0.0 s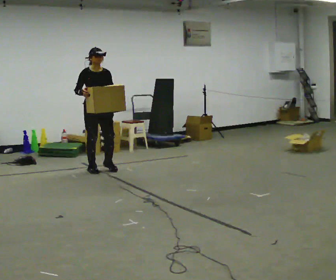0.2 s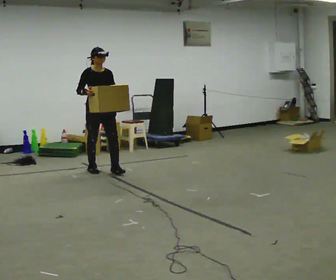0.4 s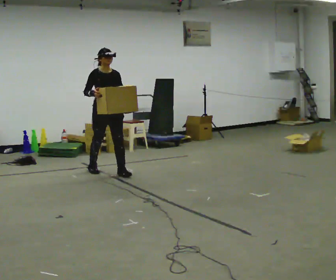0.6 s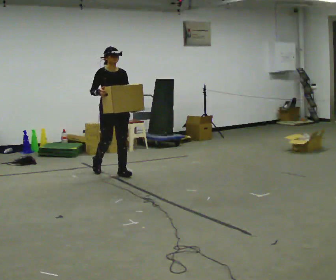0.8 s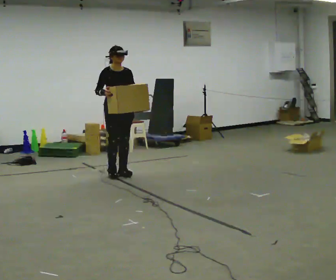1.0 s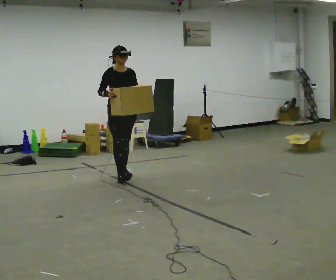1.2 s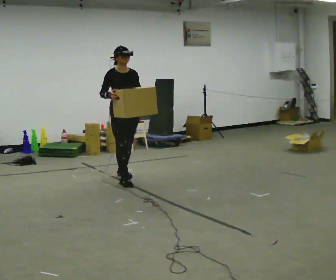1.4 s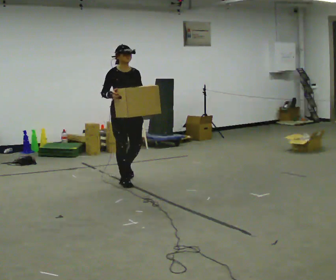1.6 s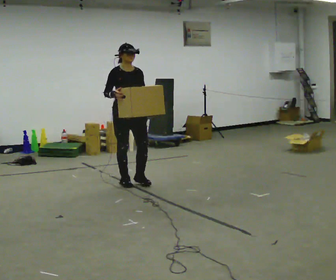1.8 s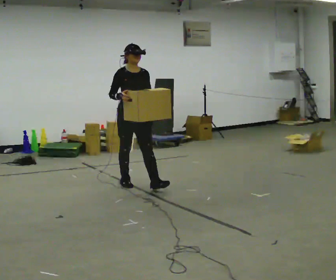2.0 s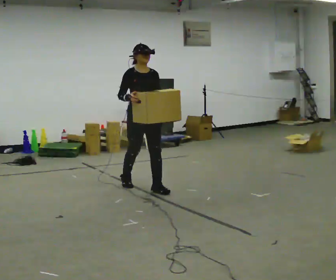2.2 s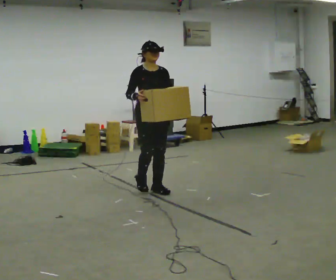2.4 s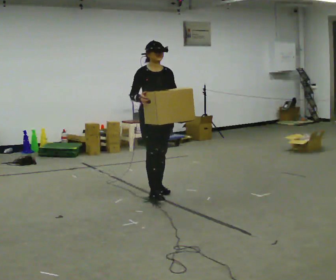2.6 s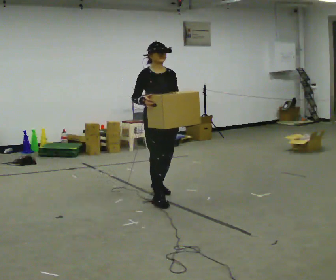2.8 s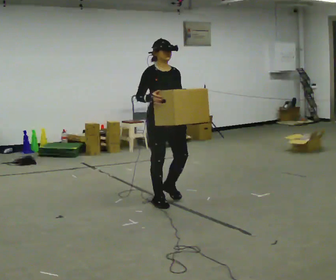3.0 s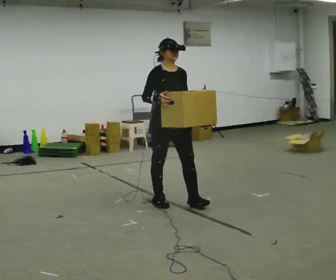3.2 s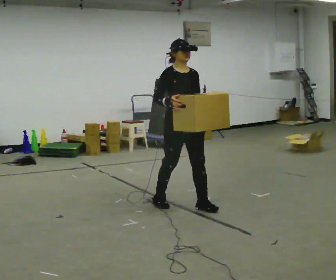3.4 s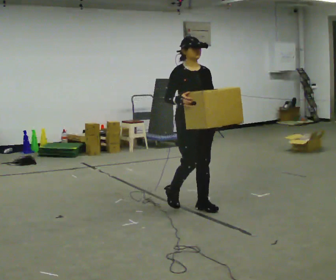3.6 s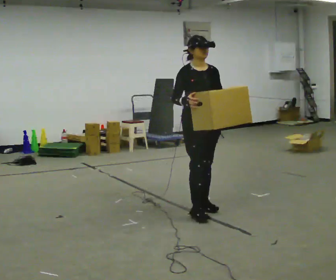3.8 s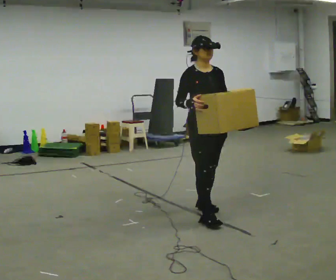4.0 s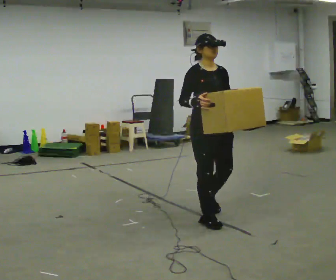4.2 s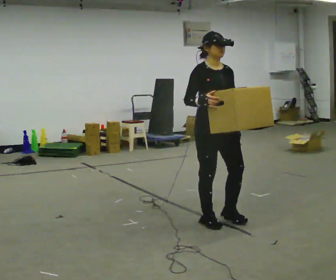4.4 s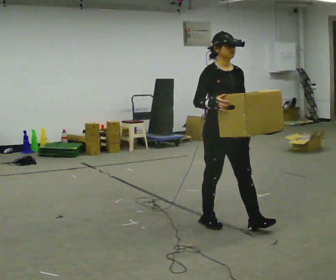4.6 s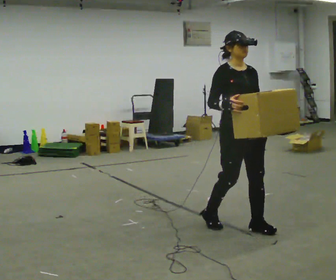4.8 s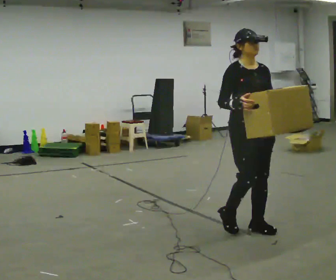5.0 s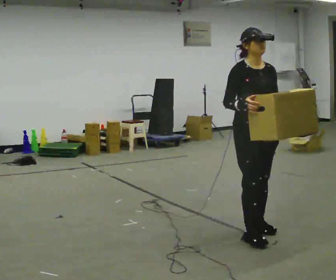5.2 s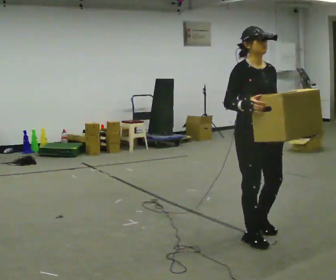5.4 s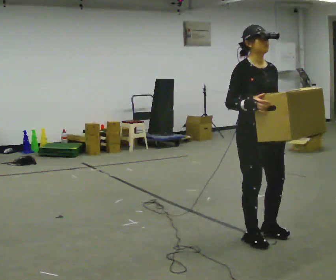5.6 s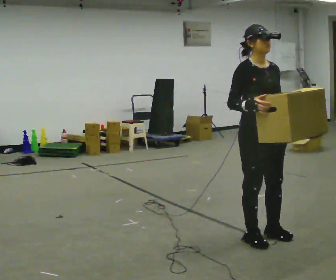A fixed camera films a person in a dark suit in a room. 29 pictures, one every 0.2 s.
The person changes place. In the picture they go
toward the camera.
0.0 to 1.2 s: In the picture they go toward the camera and to the right, about 0.5 m in 2 steps, which for them is forward.
1.2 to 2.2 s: In the picture they go toward the camera and to the right, about 0.75 m in 1 step, which for them is forward.
2.2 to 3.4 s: In the picture they go toward the camera and to the right, about 1 m in 2 steps, which for them is forward.
3.4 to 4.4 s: In the picture they go toward the camera and to the right, about 0.5 m in 2 steps, which for them is forward.
4.4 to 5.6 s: In the picture they go toward the camera and to the right, about 0.5 m in 2 steps, which for them is forward.
The film runs forward here.
